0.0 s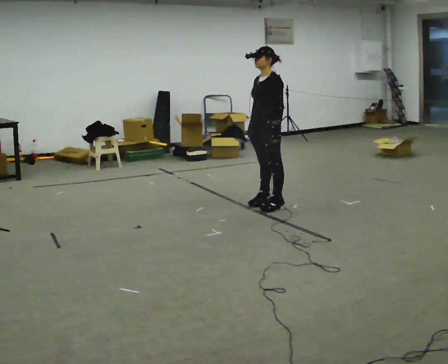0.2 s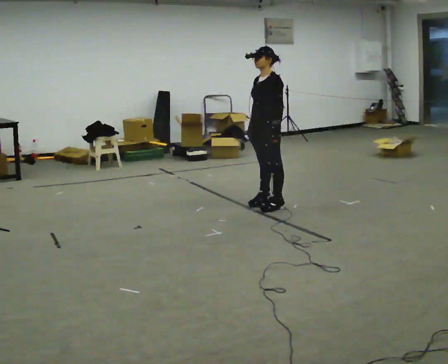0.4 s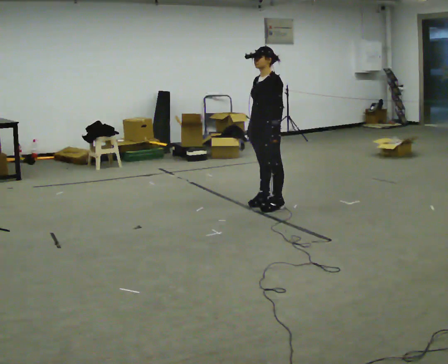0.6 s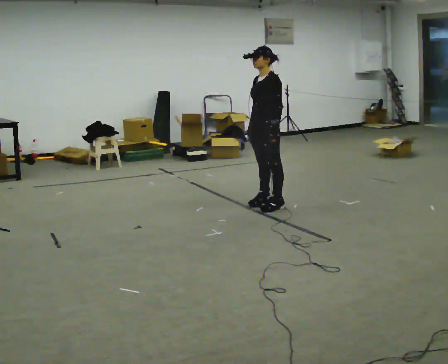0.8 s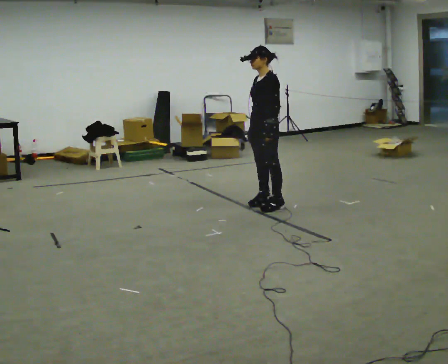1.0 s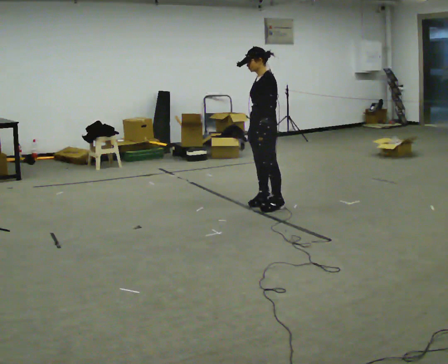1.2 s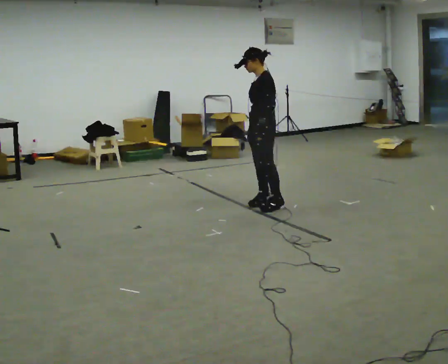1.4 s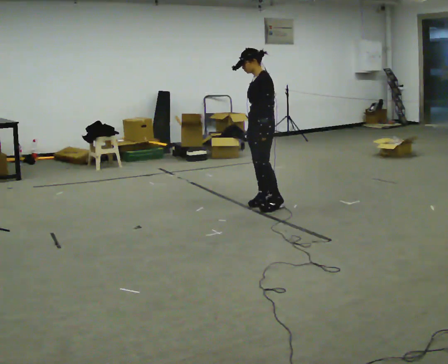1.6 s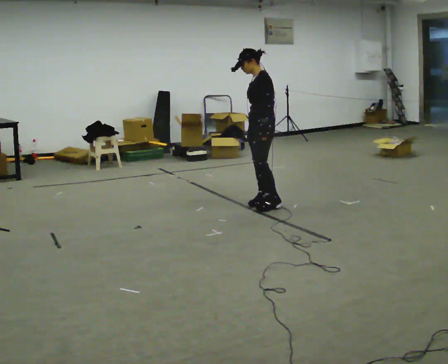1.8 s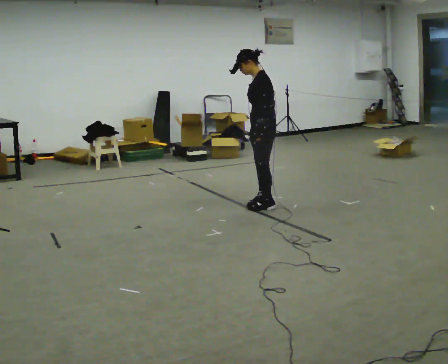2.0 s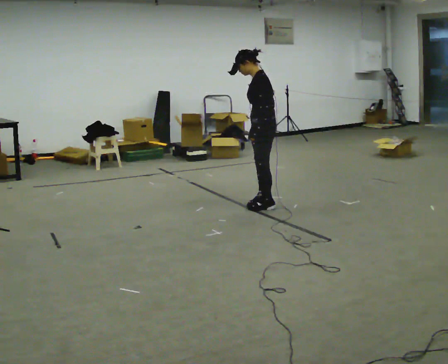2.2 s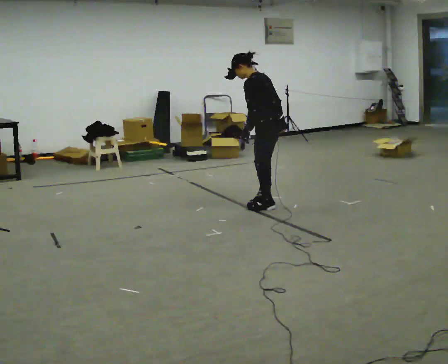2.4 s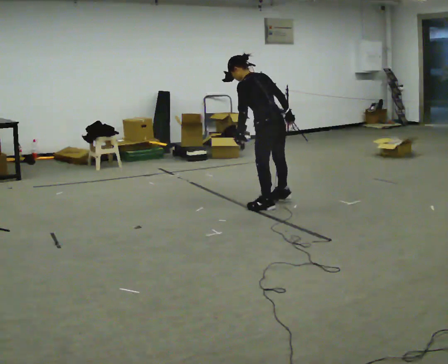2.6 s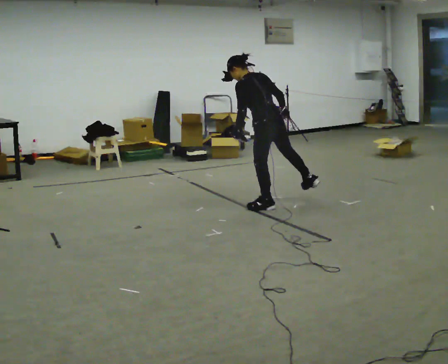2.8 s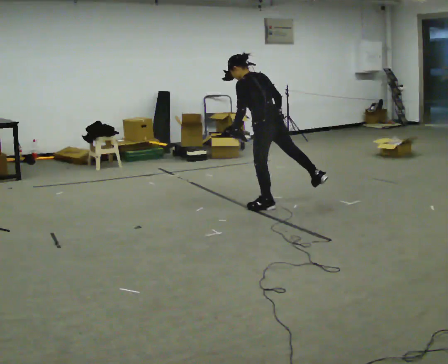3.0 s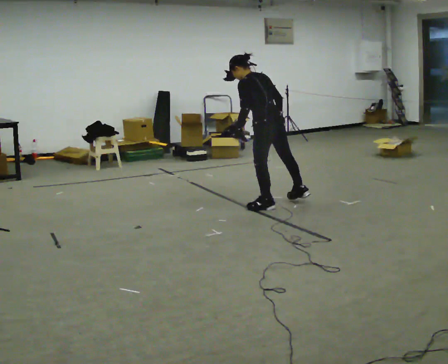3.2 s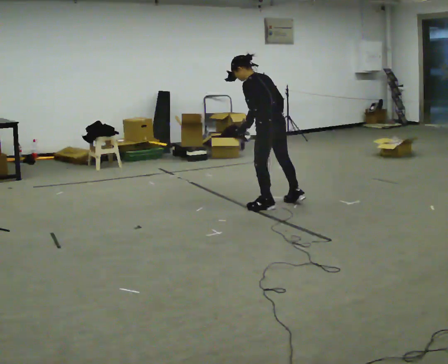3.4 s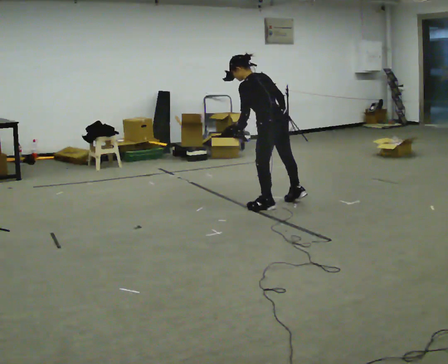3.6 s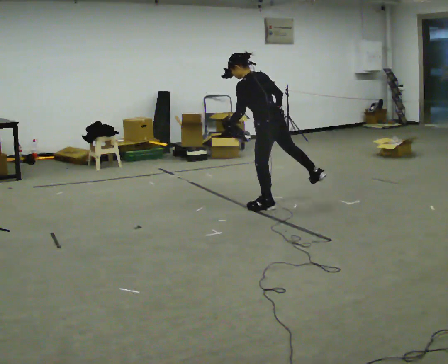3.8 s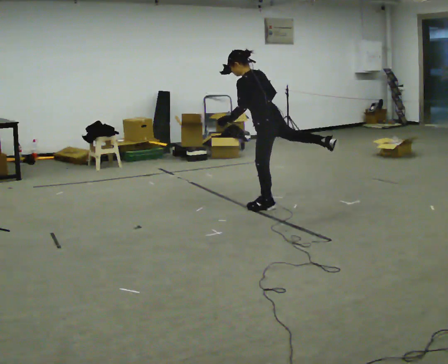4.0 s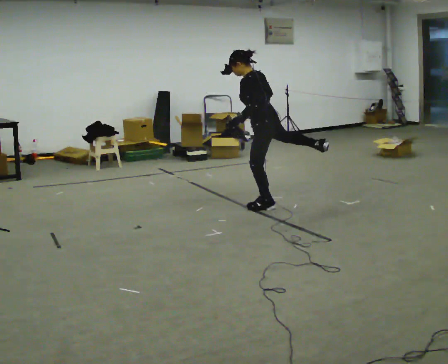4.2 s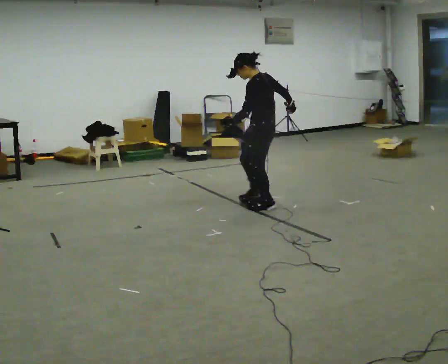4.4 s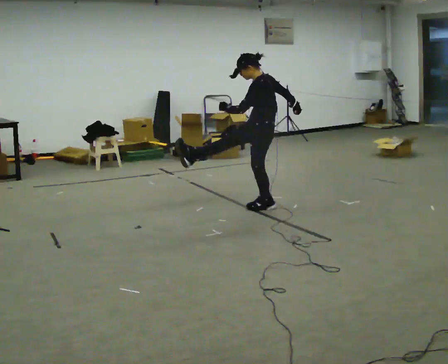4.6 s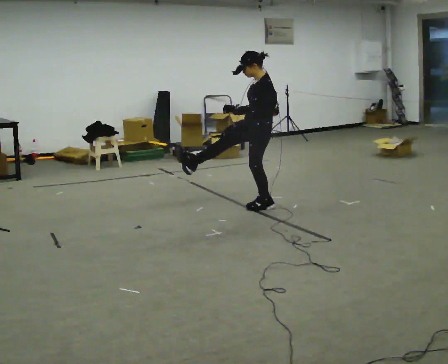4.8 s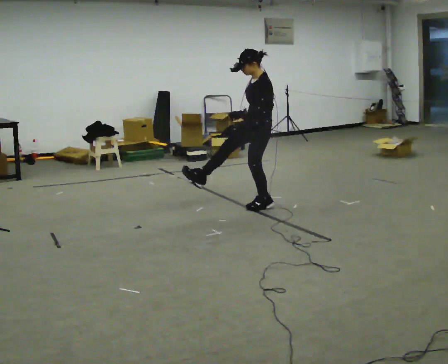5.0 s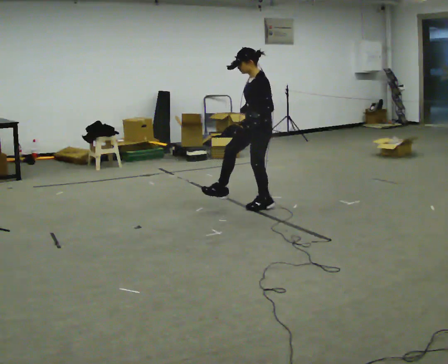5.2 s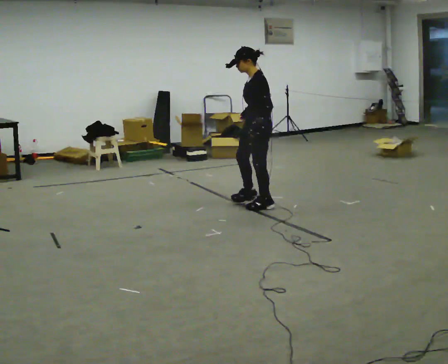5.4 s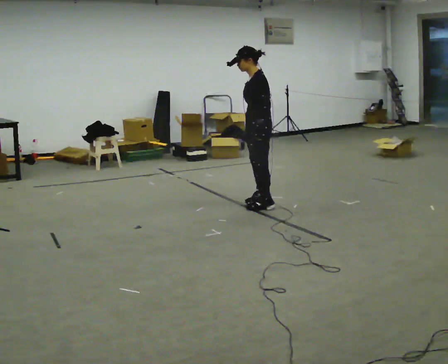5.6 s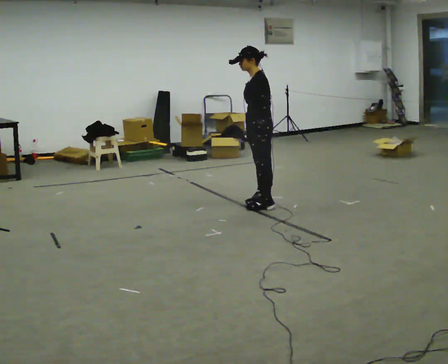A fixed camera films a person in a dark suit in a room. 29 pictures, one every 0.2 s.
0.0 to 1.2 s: The person moves a little, or ends about where they began.
1.2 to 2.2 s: Seen from above the body turns clockwise, about 30 degrees: to their right, with its near side sliding to the left. In the picture the upper body tilts counterclockwise, shoulders to the left, as they bend forward.
2.2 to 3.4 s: The person moves a little, or ends about where they began.
3.4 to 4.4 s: Seen from above the body turns counterclockwise, about 45 degrees: to their left, with its near side sliding to the right. In the picture the upper body tilts clockwise, shoulders to the right, as they lean back or straighten.
4.4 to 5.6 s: In the picture their left hand goes to the right, the arm swinging counterclockwise.
The film runs forward here.
